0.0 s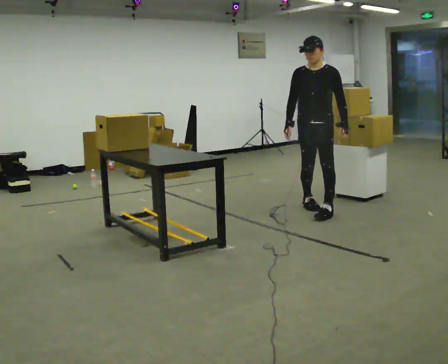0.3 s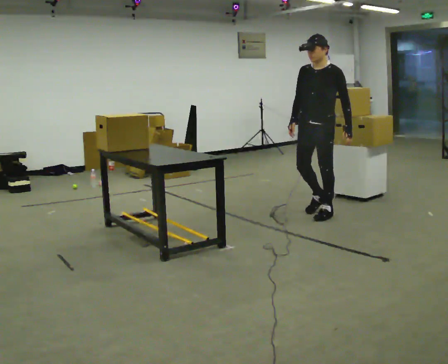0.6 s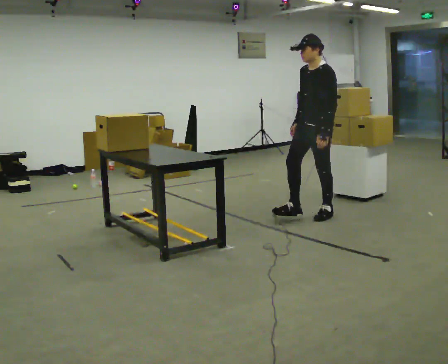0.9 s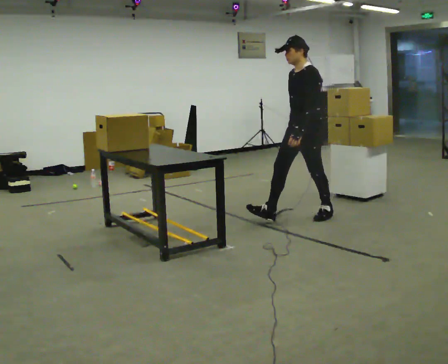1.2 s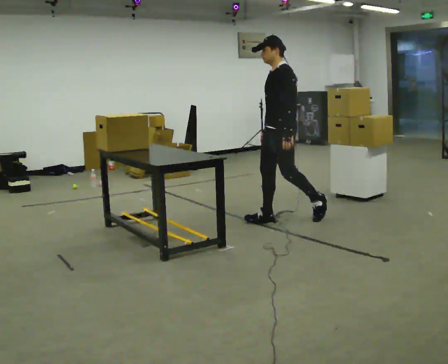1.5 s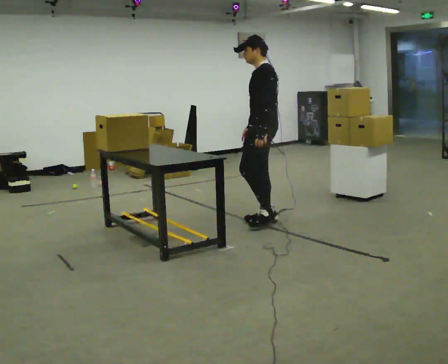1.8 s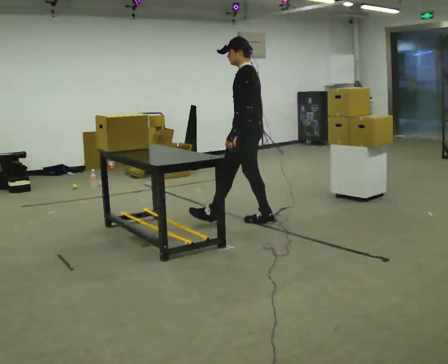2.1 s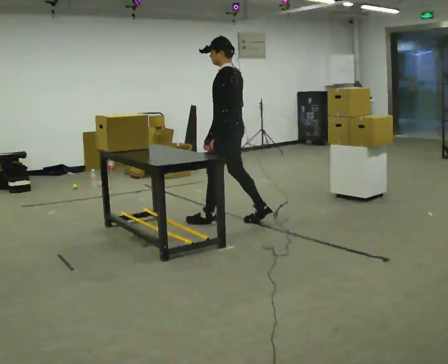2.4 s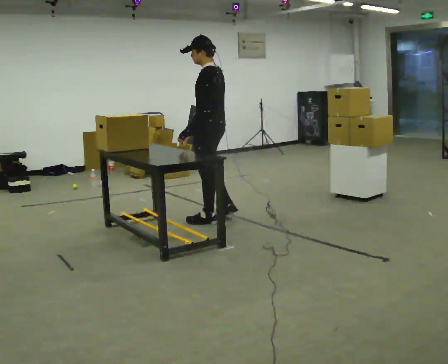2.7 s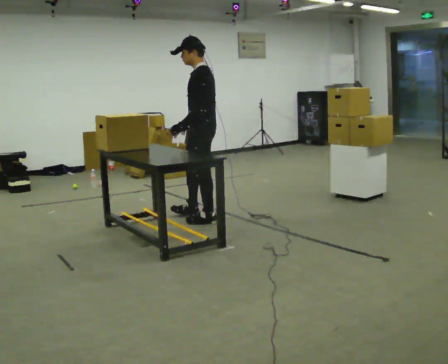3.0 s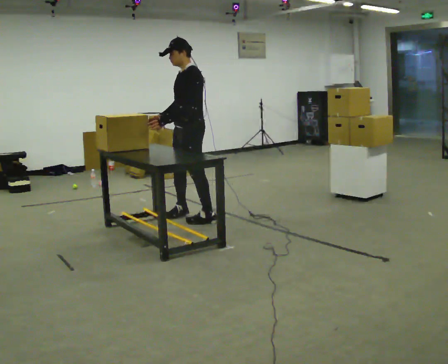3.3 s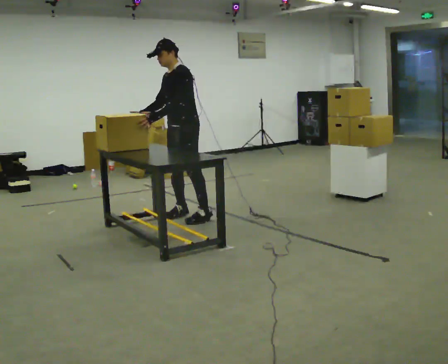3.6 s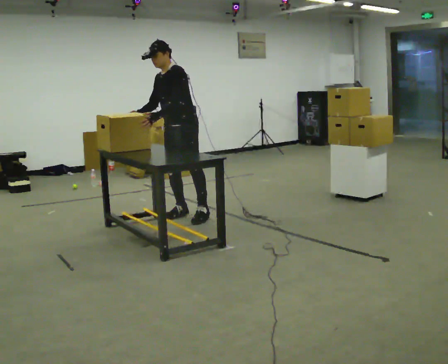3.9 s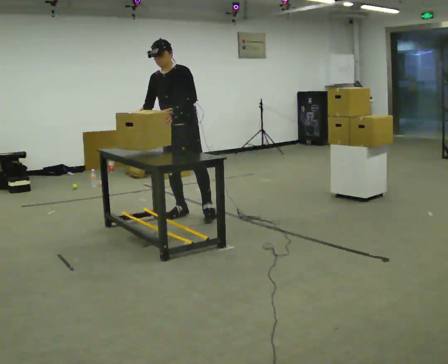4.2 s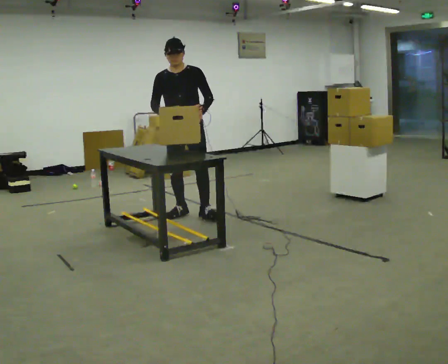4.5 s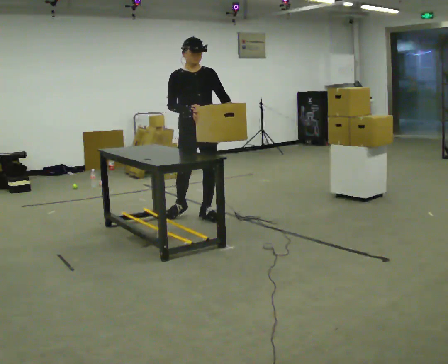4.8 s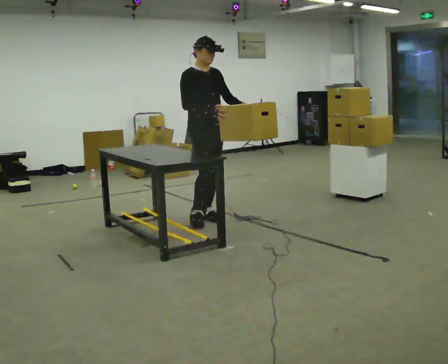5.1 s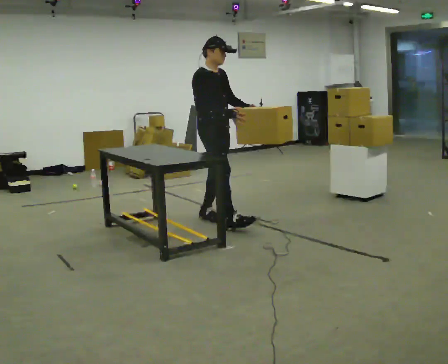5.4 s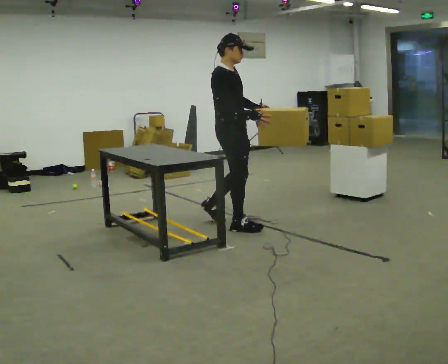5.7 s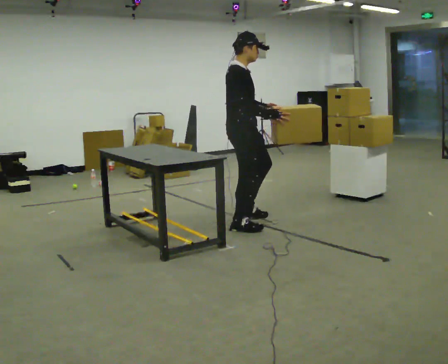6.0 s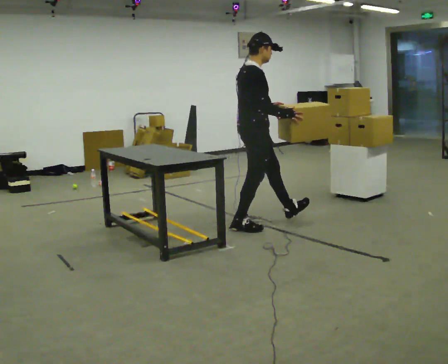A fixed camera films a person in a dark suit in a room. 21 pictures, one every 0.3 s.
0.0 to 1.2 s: Seen from above the body turns clockwise, about 60 degrees: to their right, with its near side sliding to the left. In the picture they go to the left and toward the camera, about 0.5 m in 1 step, which for them is forward.
1.2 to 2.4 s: The person turns about 30 degrees to their right, clockwise seen from above, so the part of the body nearest the lens slides to the left. In the picture they go to the left, about 0.75 m in 1 step, which for them is forward.
2.4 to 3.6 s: The person turns about 60 degrees to their left, counterclockwise seen from above, so the part of the body nearest the lens slides to the right. In the picture they go to the left and away from the camera, about 0.25 m in 2 steps, which for them is to their right and forward. In the picture the upper body tilts counterclockwise, shoulders to the left, as they bend forward.
3.6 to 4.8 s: The person turns about 90 degrees to their left, counterclockwise seen from above, so the part of the body nearest the lens slides to the right. In the picture they go to the right, about 0.25 m. In the picture their left hand goes to the right, the arm swinging counterclockwise.
4.8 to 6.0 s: Seen from above the body turns counterclockwise, about 45 degrees: to their left, with its near side sliding to the right. In the picture they go to the right and toward the camera, about 0.5 m in 2 steps, which for them is forward.
The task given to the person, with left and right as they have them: Move objects one at a time from the waist-height shelf at one end of the room to the waist-height shelf at the other end. Keep going until the operator says stop; one object at a time, and do not rush between trips.
The film runs forward here.
